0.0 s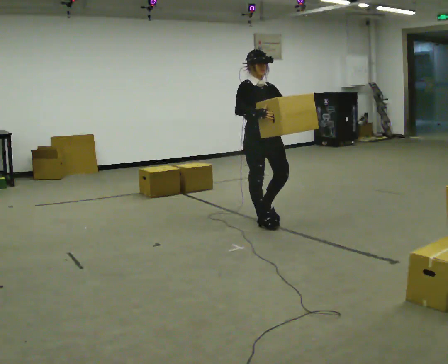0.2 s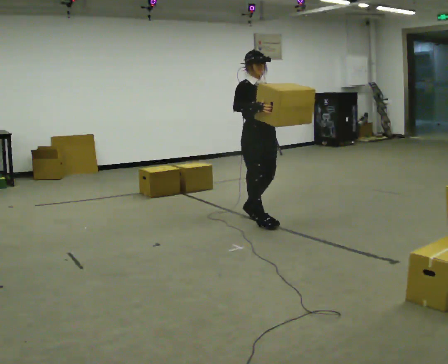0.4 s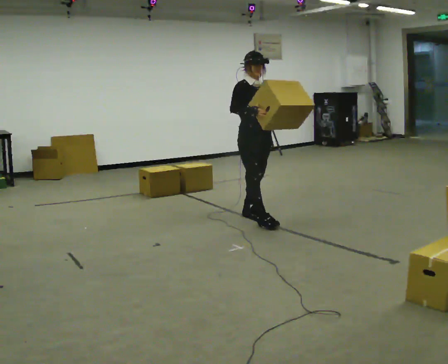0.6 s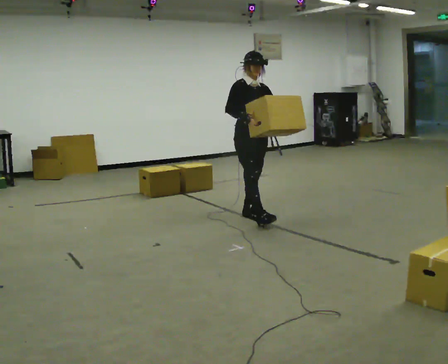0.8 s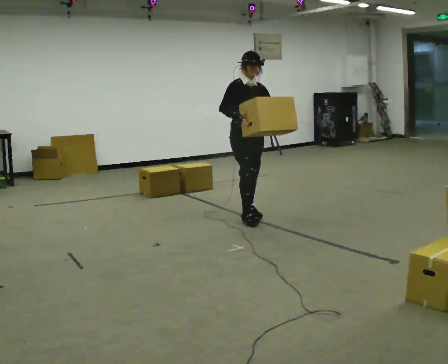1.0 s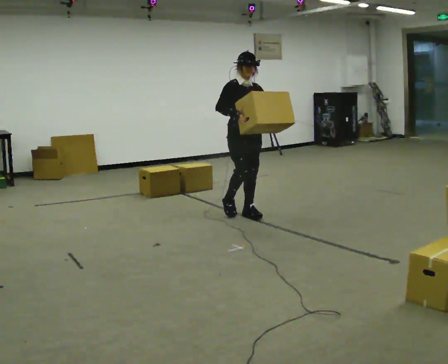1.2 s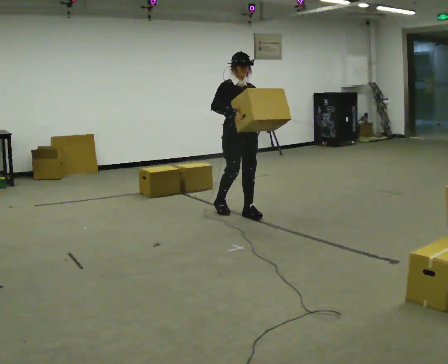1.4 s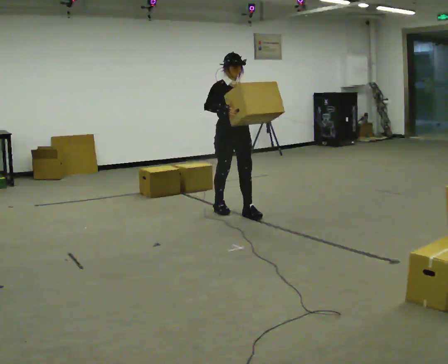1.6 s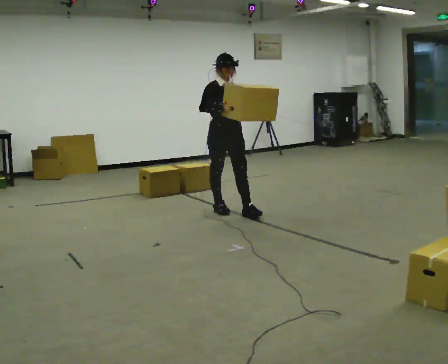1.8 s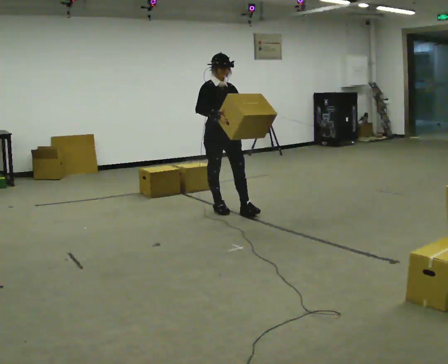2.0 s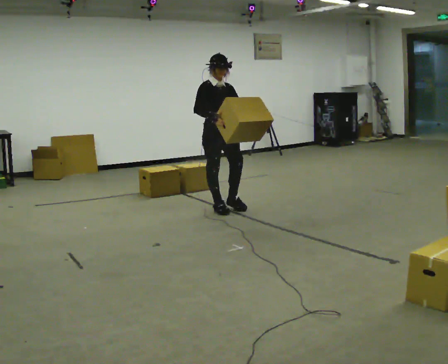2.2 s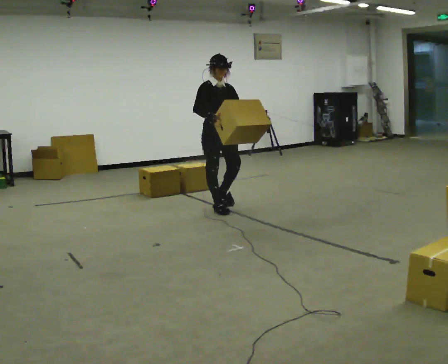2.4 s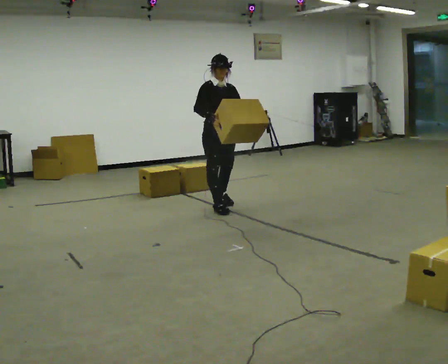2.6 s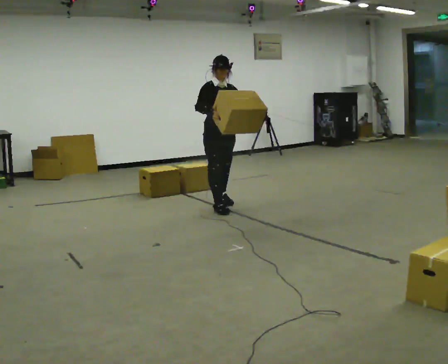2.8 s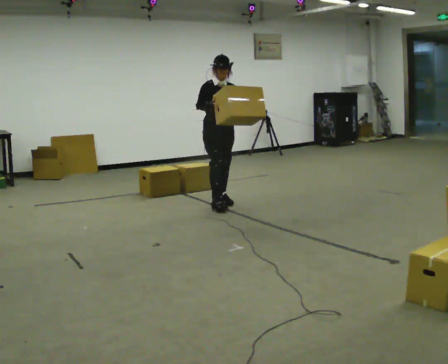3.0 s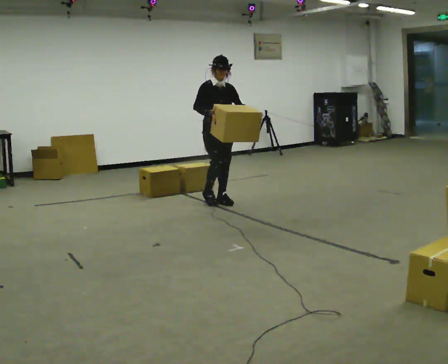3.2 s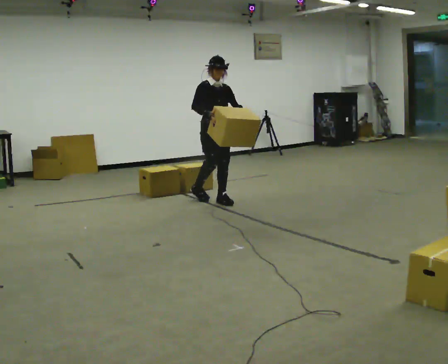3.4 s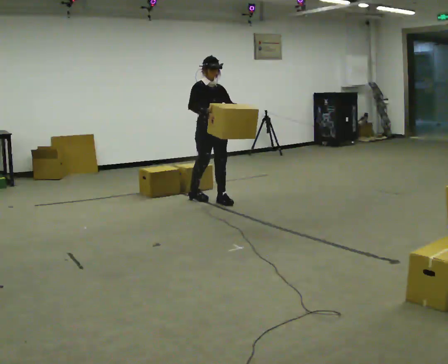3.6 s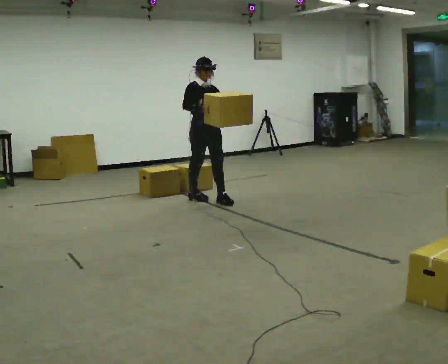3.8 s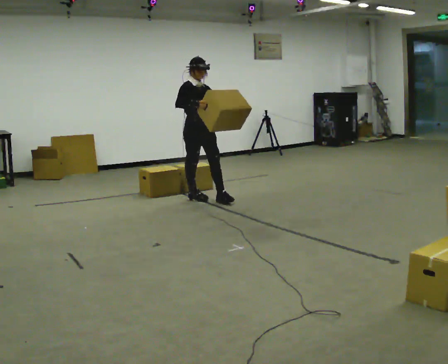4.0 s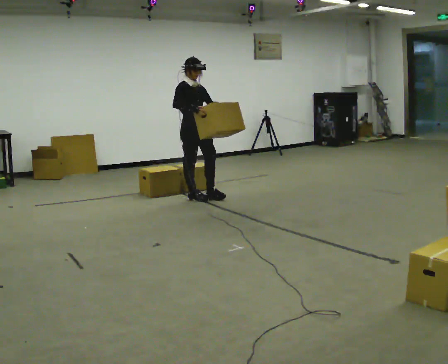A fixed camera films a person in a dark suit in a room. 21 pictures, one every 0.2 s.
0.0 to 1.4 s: In the picture they go away from the camera and to the left, about 0.5 m in 1 step, which for them is backward.
1.4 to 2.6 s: In the picture they go away from the camera, about 0.25 m in 1 step, which for them is backward.
2.6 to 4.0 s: In the picture they go away from the camera and to the left, about 0.5 m in 2 steps, which for them is backward.
The film runs backward here.
